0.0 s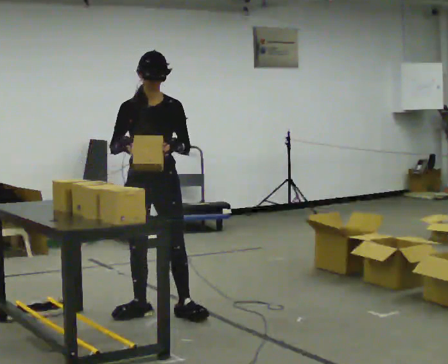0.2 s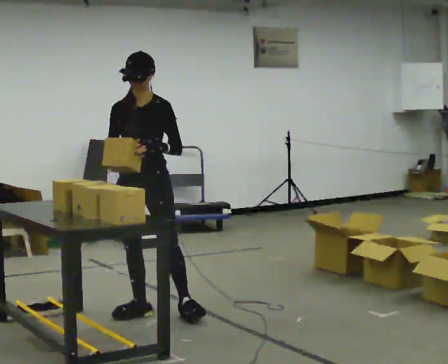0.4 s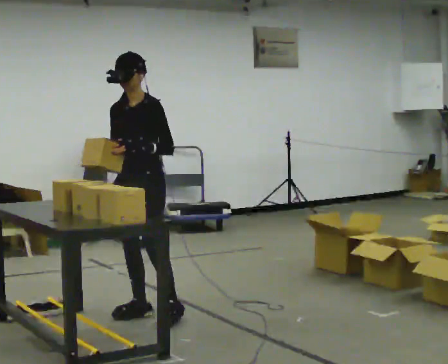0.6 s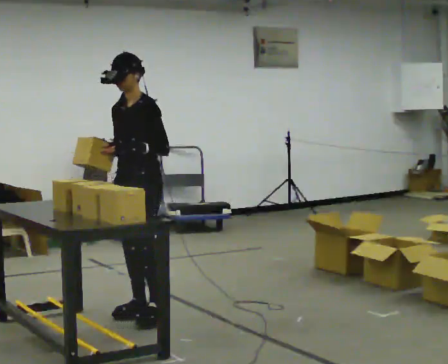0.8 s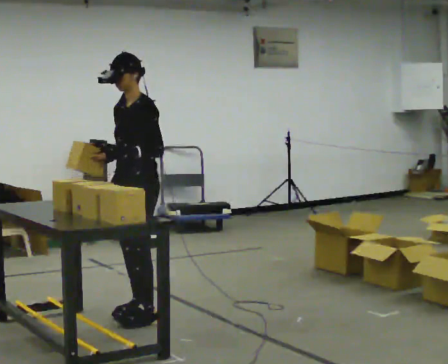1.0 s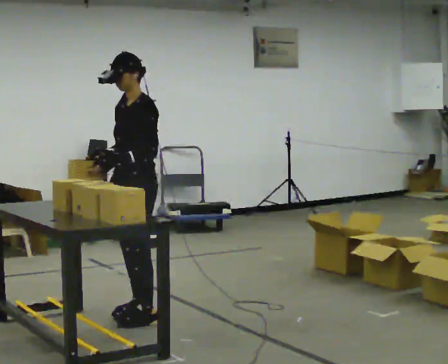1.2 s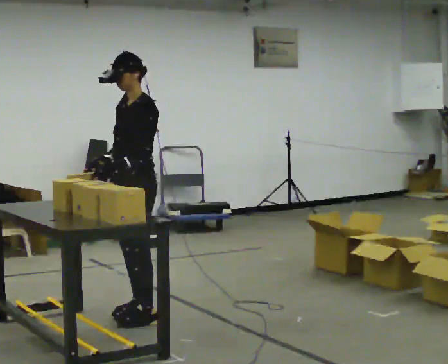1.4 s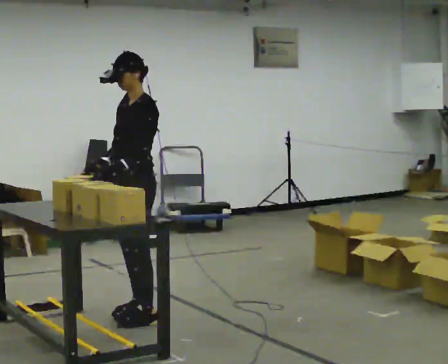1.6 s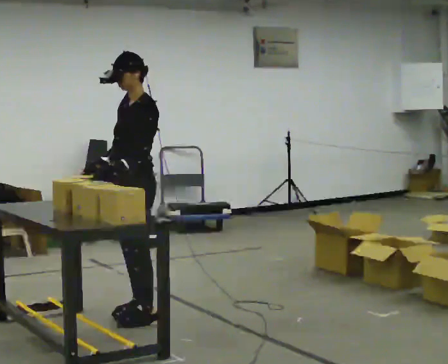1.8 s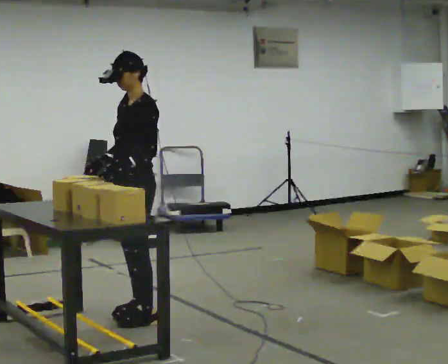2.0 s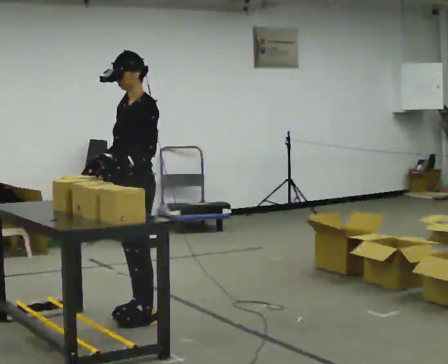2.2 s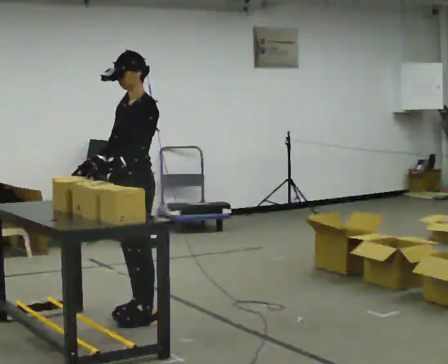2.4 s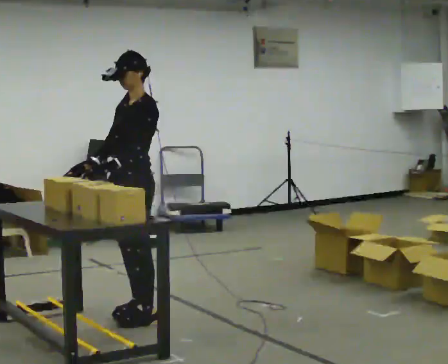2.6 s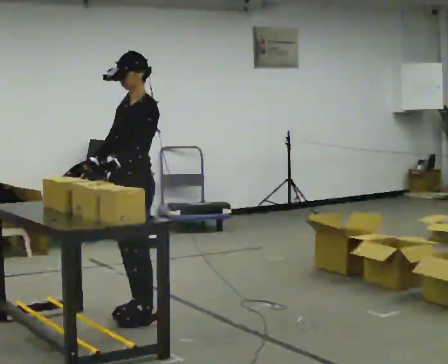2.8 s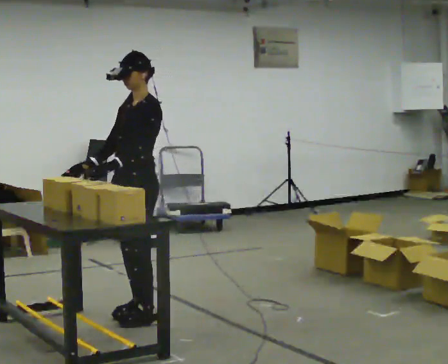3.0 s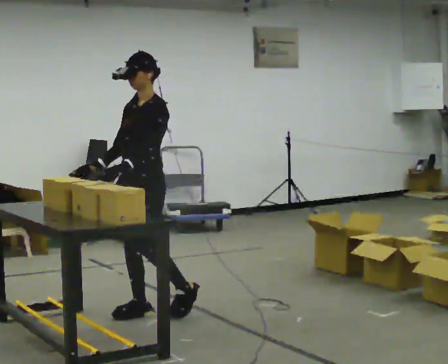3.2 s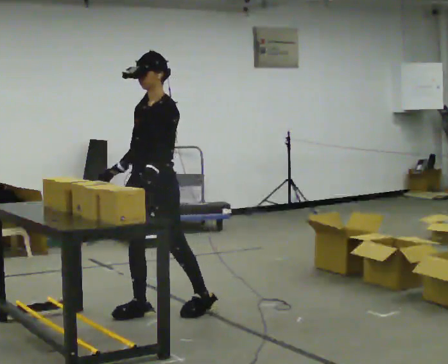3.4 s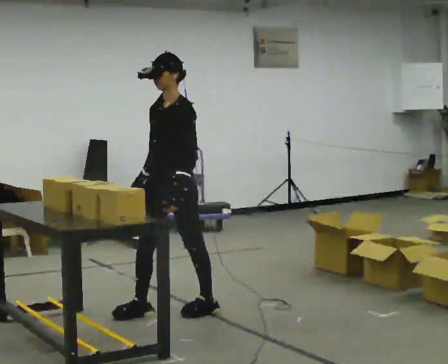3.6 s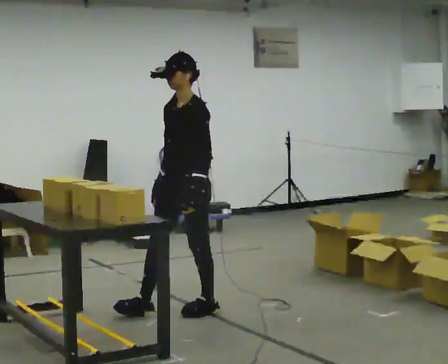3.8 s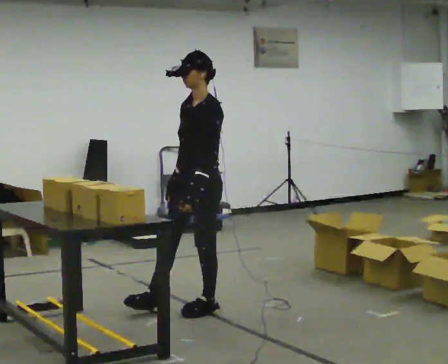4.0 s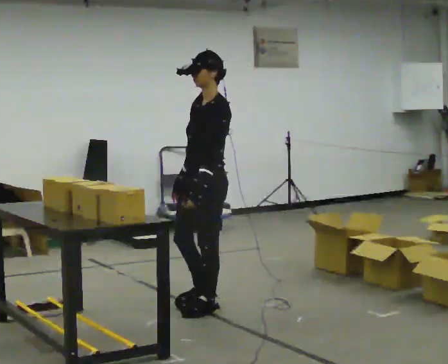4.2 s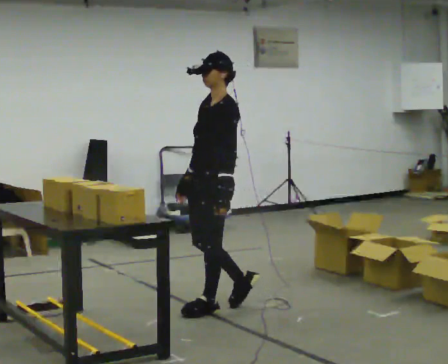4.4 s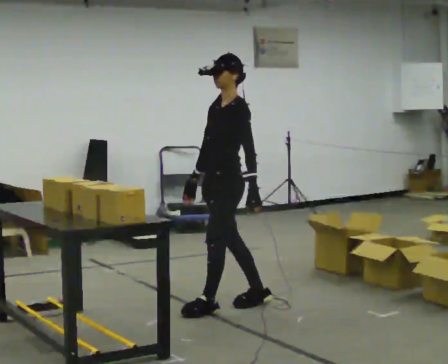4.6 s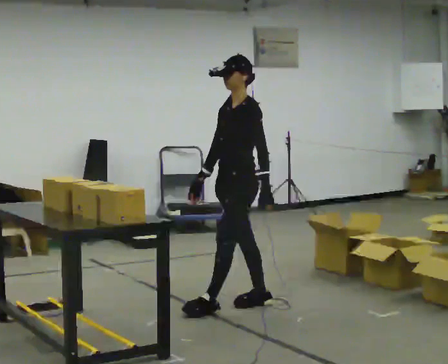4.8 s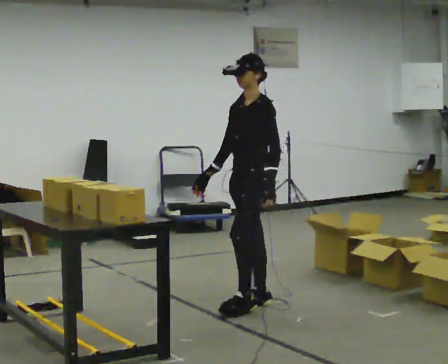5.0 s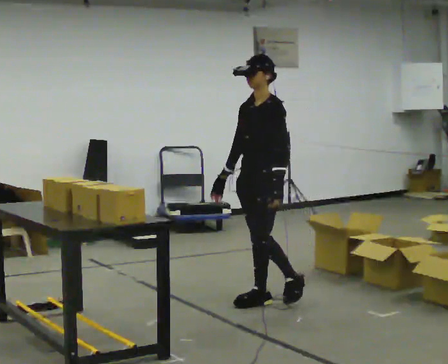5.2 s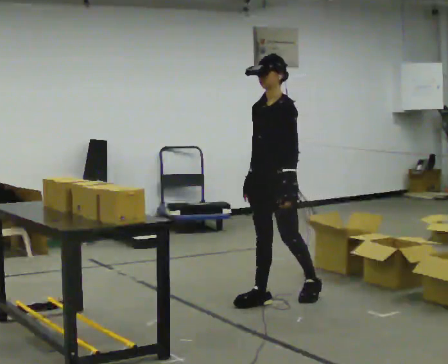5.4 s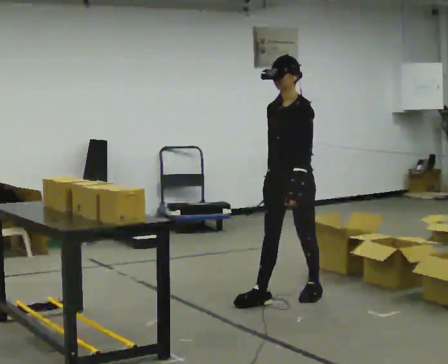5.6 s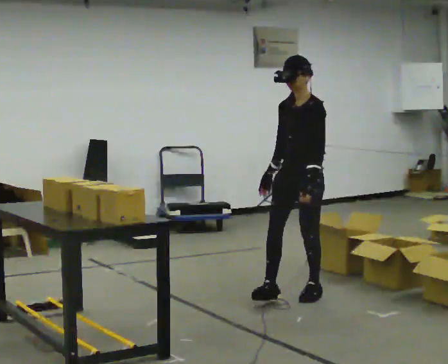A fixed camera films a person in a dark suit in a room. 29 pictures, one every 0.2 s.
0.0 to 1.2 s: Seen from above the body turns clockwise, about 60 degrees: to their right, with its near side sliding to the left. In the picture their left hand goes to the left.
1.2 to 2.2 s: The person moves a little, or ends about where they began.
2.2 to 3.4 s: In the picture they go to the right, about 0.25 m in 1 step, which for them is backward. In the picture their left hand goes to the right.
3.4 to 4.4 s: In the picture they go to the right, about 0.25 m in 1 step, which for them is backward.
4.4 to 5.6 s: In the picture they go to the right and away from the camera, about 0.5 m in 2 steps, which for them is backward.
The film runs backward here.
